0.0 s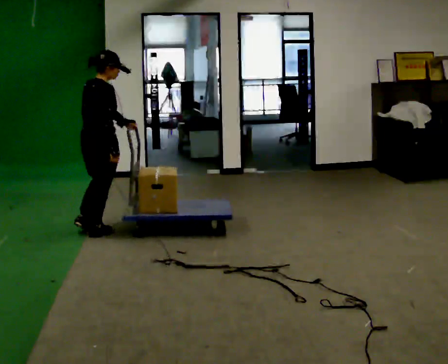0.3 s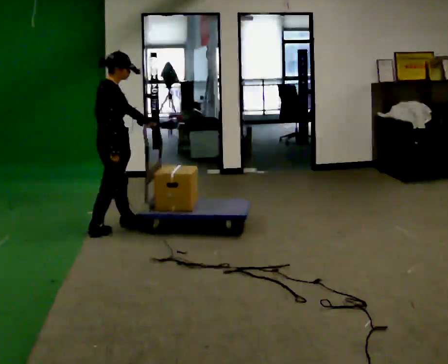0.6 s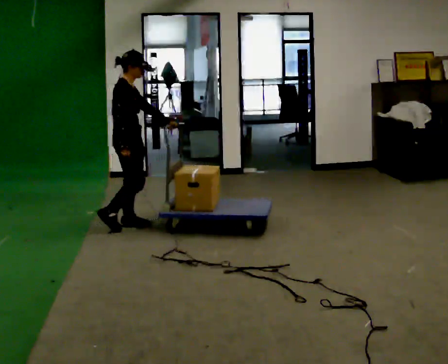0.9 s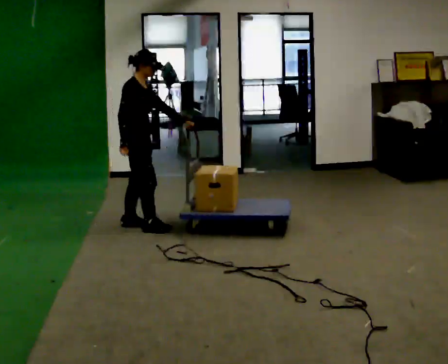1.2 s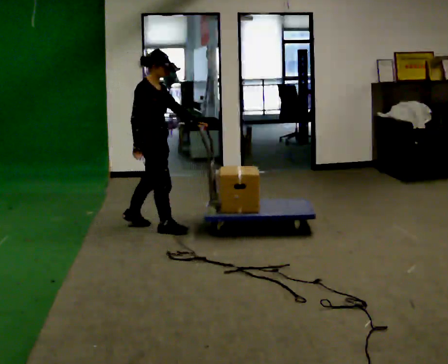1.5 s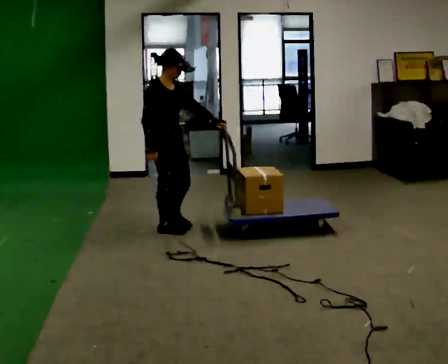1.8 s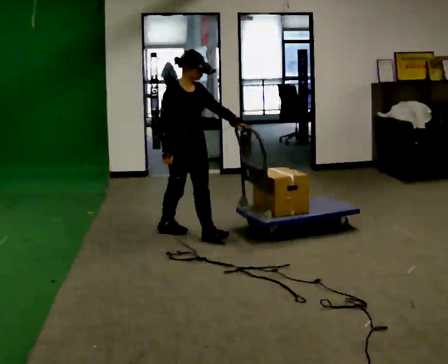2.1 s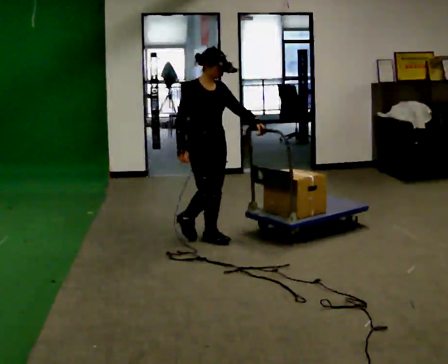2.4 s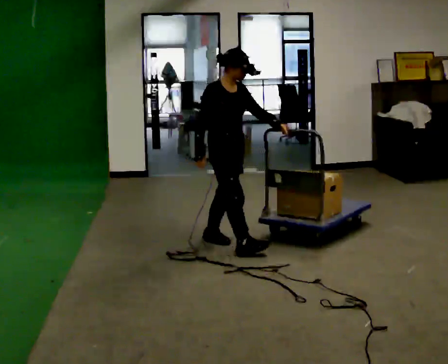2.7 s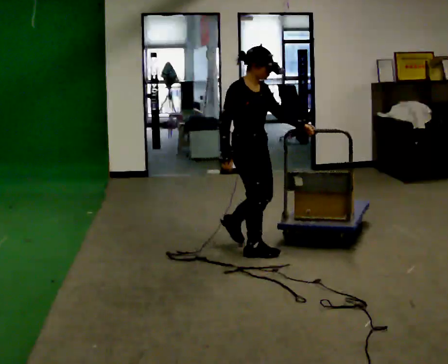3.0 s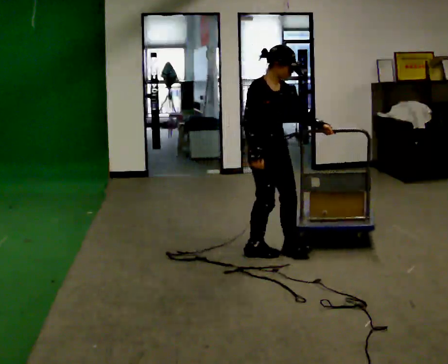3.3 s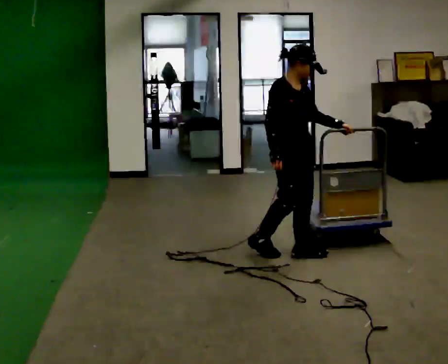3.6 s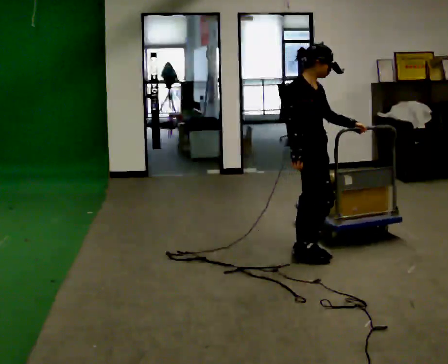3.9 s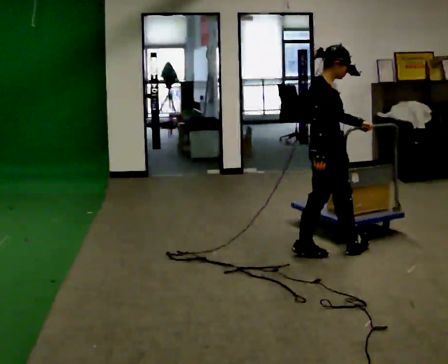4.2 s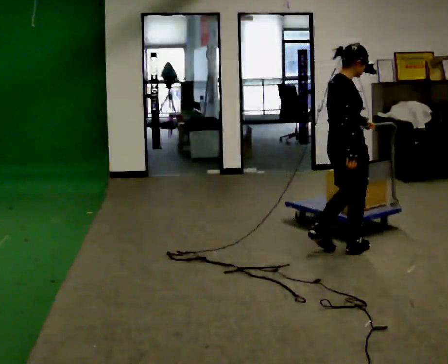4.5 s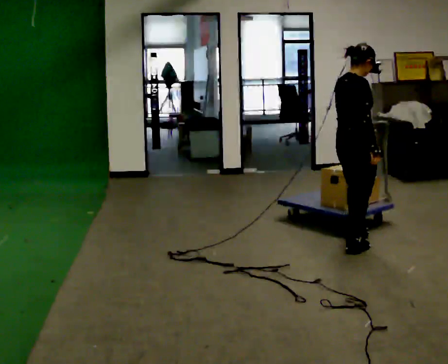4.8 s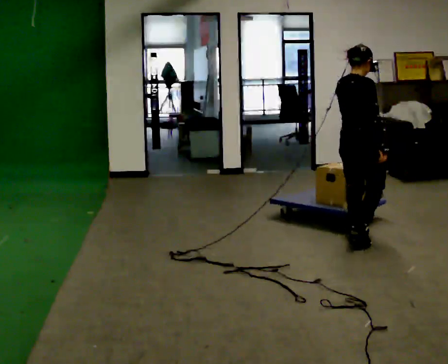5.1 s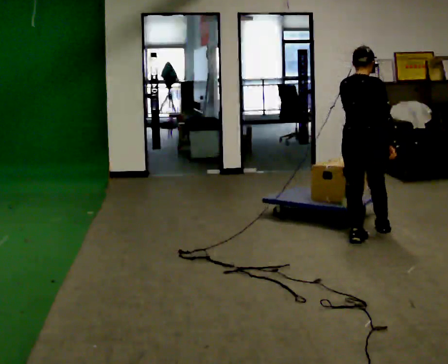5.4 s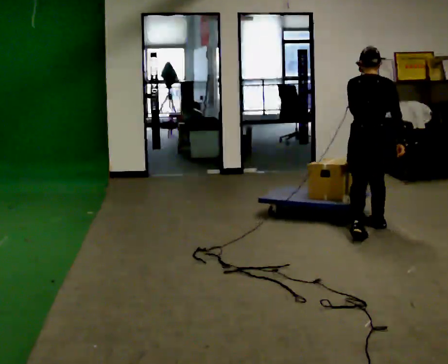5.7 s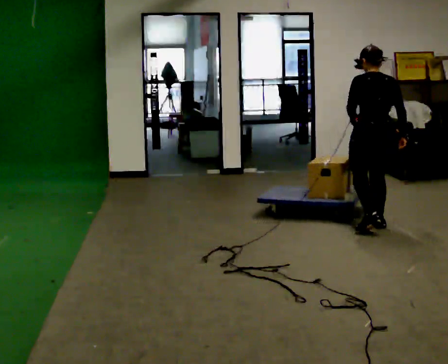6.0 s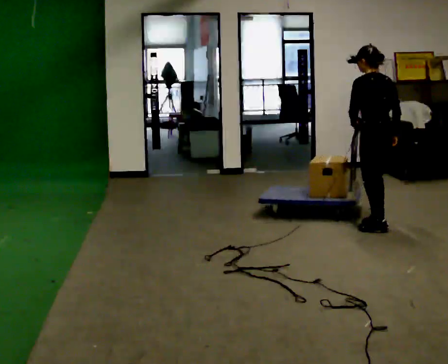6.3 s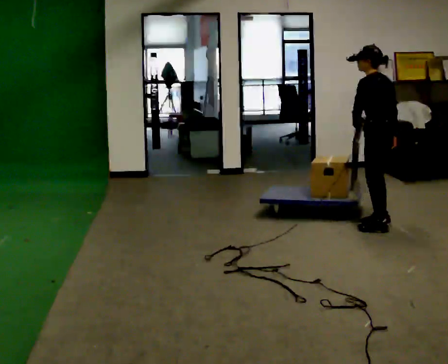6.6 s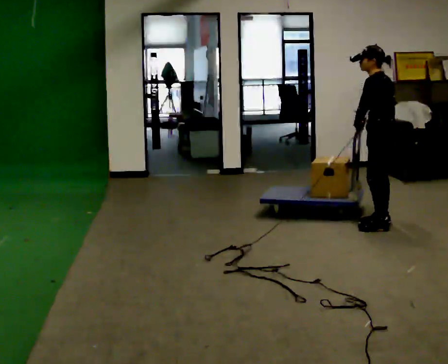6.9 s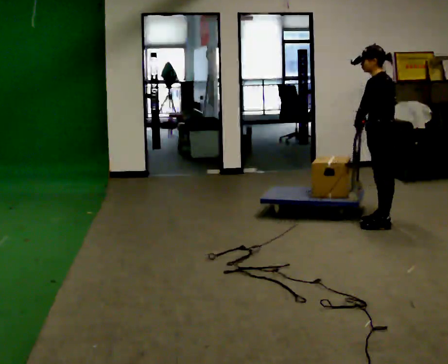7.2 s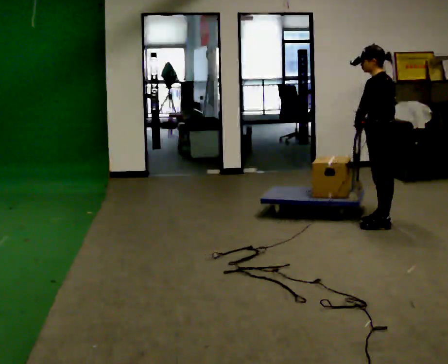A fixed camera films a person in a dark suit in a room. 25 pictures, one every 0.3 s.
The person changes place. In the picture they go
to the right.
0.0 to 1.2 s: The person turns about 60 degrees to their right, clockwise seen from above, so the part of the body nearest the lens slides to the left. In the picture they go to the right and away from the camera, about 0.5 m in 2 steps, which for them is forward.
1.2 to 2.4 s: The part of the body nearest the lens slides to the left as the person turns to their right by about 30 degrees. In the picture they go to the right and toward the camera, about 0.5 m in 1 step, which for them is forward.
2.4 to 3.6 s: In the picture they go to the right, about 0.5 m in 2 steps, which for them is forward.
3.6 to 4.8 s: Seen from above the body turns counterclockwise, about 60 degrees: to their left, with its near side sliding to the right. In the picture they go to the right and away from the camera, about 0.5 m in 2 steps.
4.8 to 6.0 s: The person turns about 90 degrees to their left, counterclockwise seen from above, so the part of the body nearest the lens slides to the right. In the picture they go away from the camera and to the right, about 0.5 m in 2 steps.
6.0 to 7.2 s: Seen from above the body turns counterclockwise, about 30 degrees: to their left, with its near side sliding to the right.
The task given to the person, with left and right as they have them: Push the cart along the marked route and round the corner to the side the operator calls.
The film runs forward here.
